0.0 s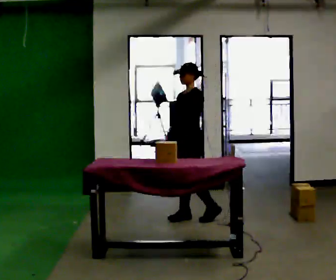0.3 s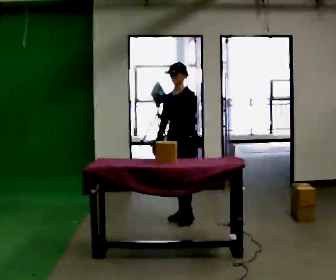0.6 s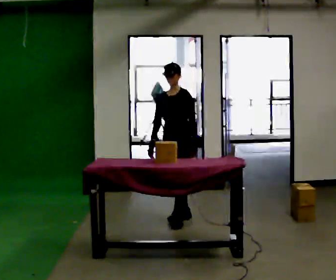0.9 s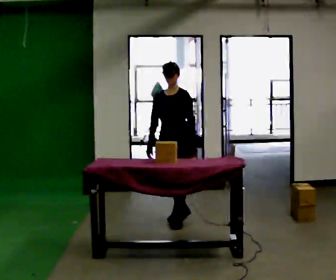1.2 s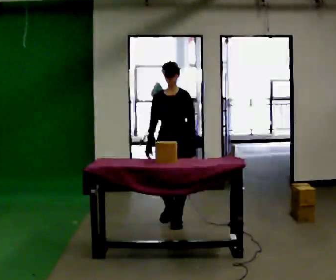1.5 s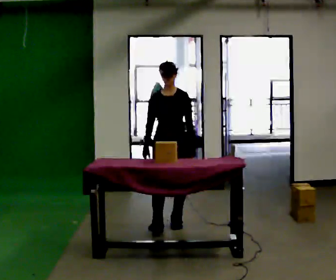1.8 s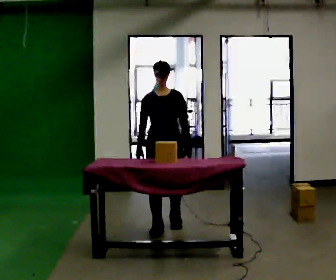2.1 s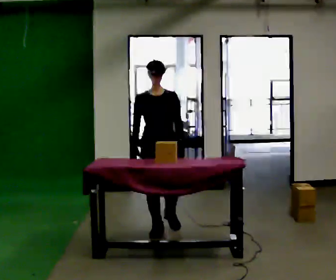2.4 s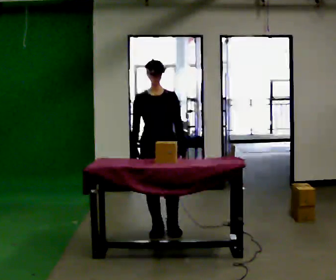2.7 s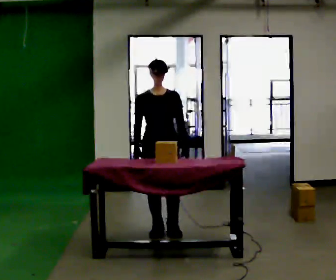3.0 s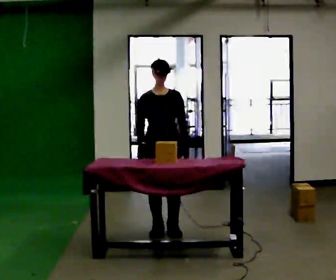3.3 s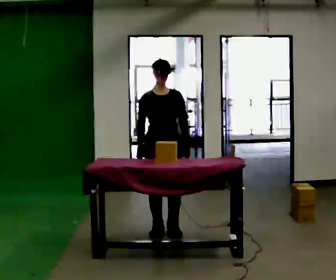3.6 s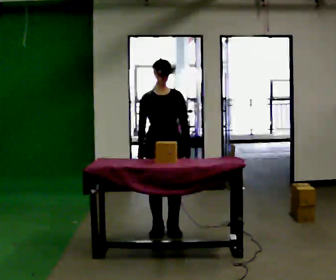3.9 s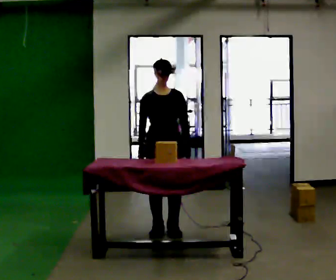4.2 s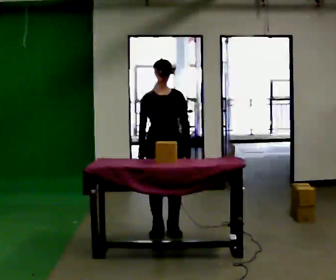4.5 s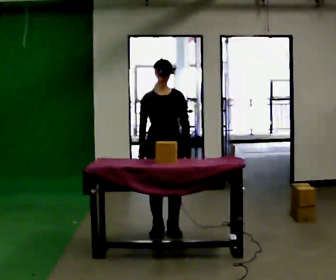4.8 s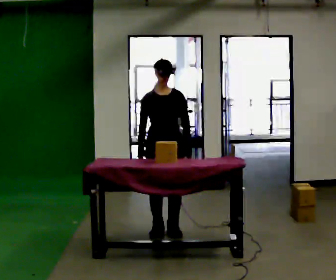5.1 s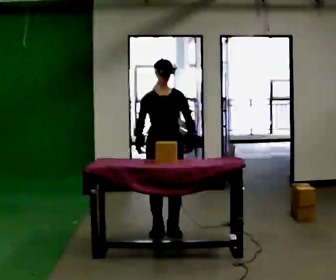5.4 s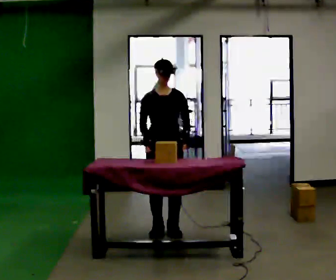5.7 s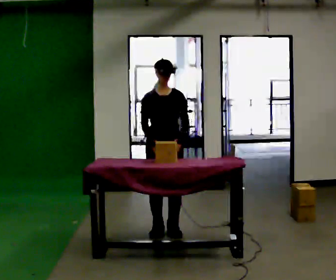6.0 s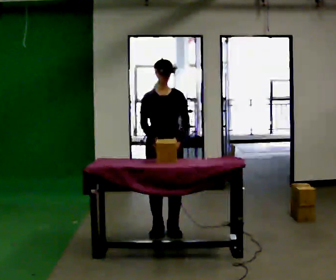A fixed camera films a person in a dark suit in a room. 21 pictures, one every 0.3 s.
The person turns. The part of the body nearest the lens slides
to the right.
The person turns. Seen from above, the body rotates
counterclockwise.
0.0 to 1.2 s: Seen from above the body turns counterclockwise, about 45 degrees: to their left, with its near side sliding to the right. In the picture they go toward the camera and to the left, about 0.25 m in 1 step, which for them is forward.
1.2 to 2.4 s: In the picture they go toward the camera, about 0.25 m in 2 steps, which for them is forward.
2.4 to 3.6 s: The person moves a little, or ends about where they began.
3.6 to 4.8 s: The person keeps their place and pose.
4.8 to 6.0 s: The person moves a little, or ends about where they began.
The film runs forward here.
